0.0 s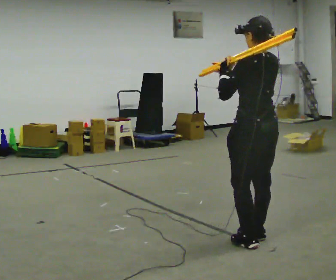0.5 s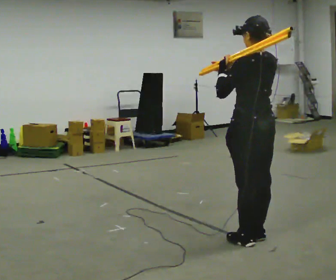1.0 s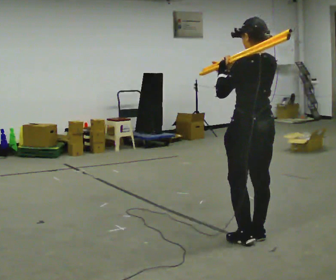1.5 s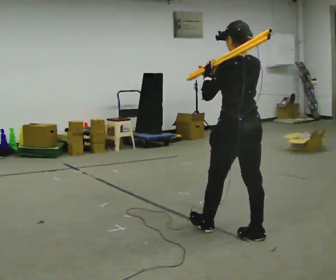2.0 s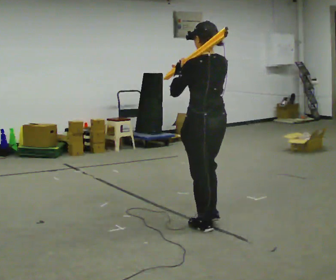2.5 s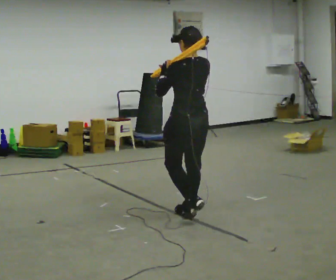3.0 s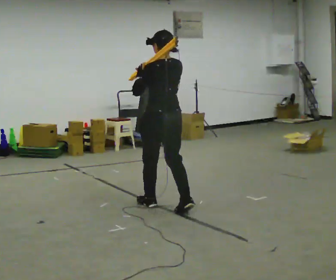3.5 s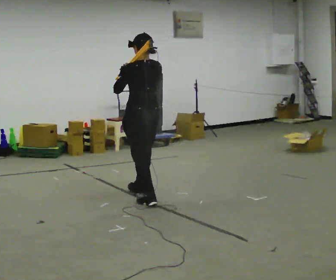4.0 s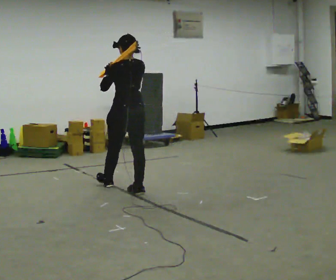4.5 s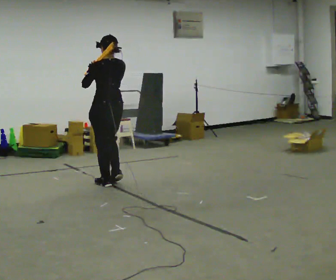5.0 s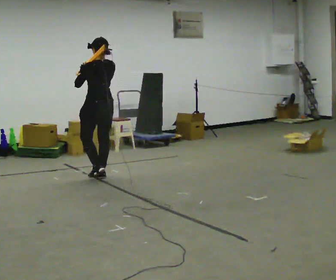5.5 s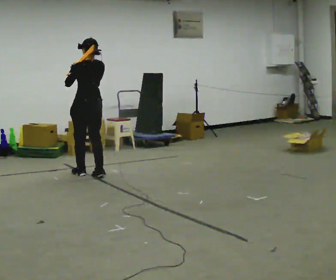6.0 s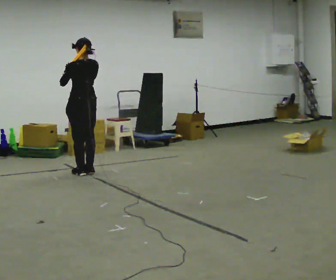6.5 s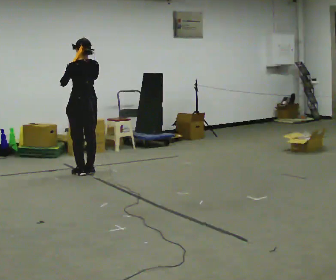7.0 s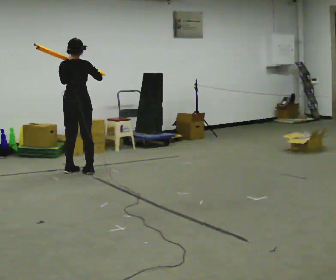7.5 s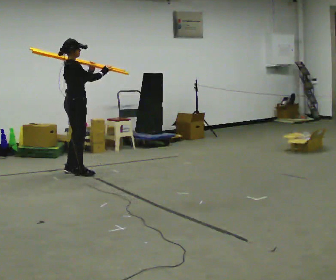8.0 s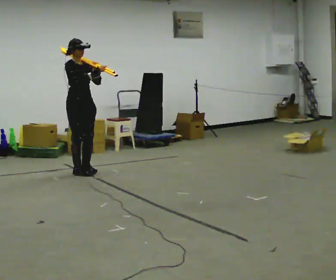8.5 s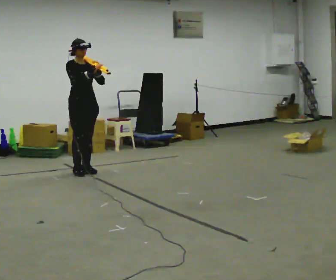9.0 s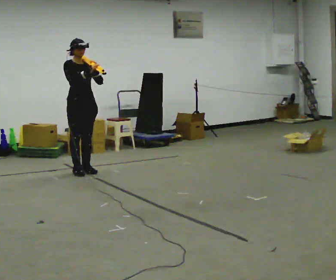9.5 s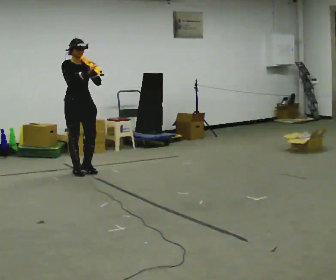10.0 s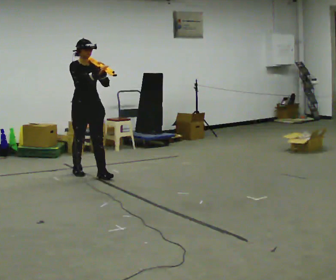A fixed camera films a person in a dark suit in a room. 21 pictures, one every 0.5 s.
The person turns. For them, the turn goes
to their right.
The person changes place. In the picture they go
away from the camera.
0.0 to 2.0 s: In the picture they go away from the camera and to the left, about 0.5 m in 1 step, which for them is forward.
2.0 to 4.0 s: In the picture they go away from the camera, about 1.5 m in 3 steps, which for them is forward.
4.0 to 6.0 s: In the picture they go away from the camera and to the left, about 1 m in 4 steps, which for them is forward.
6.0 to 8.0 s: The part of the body nearest the lens slides to the left as the person turns to their right by about 165 degrees.
8.0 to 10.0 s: In the picture they go toward the camera, about 0.25 m in 1 step, which for them is forward.
The film runs forward here.
